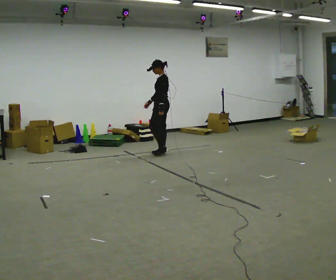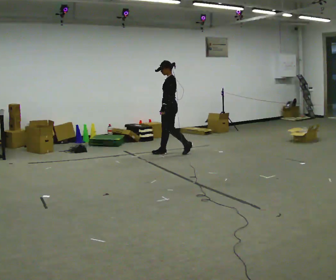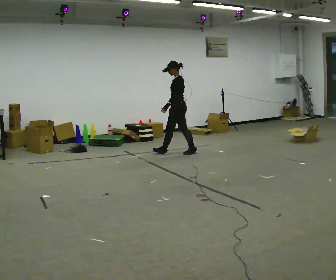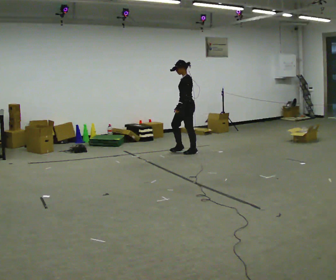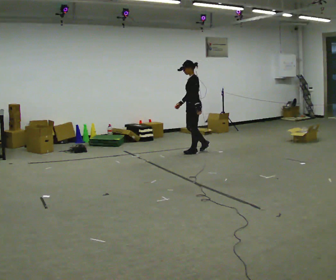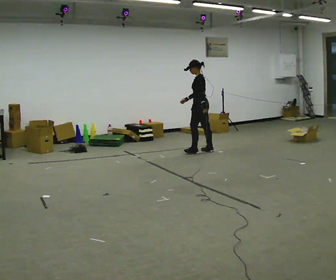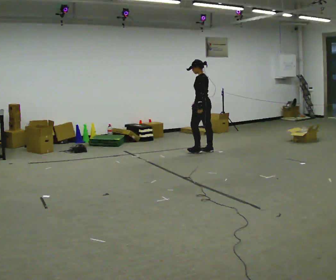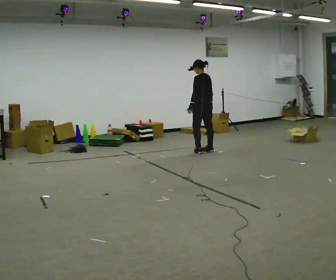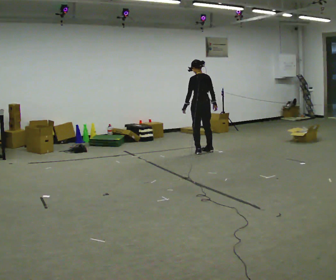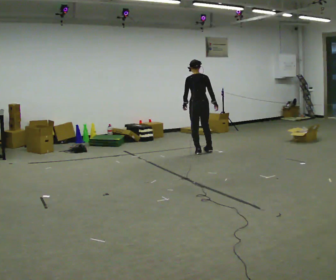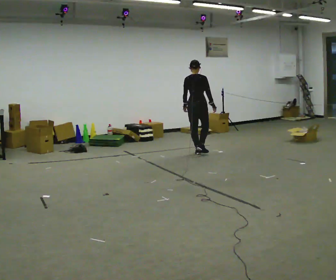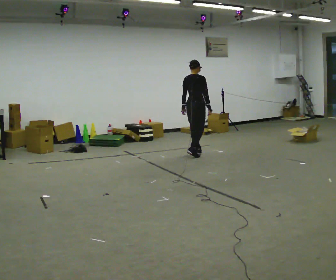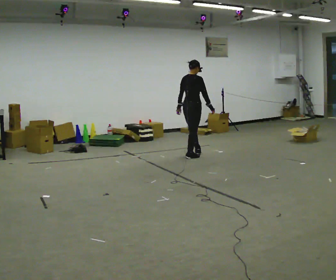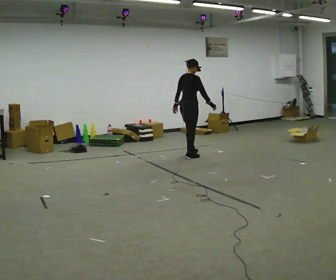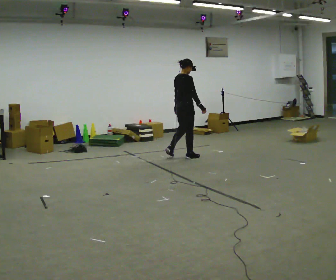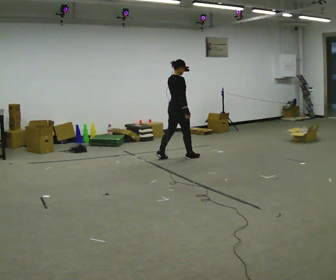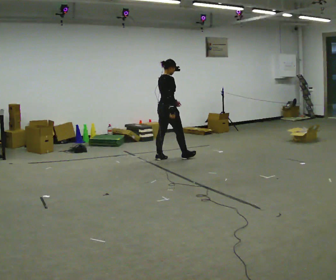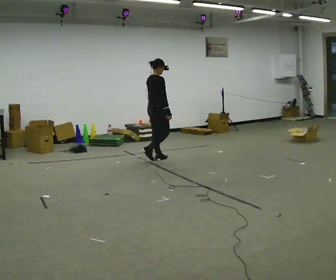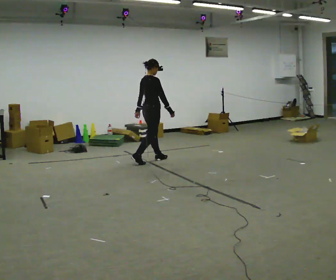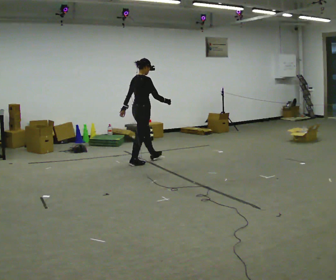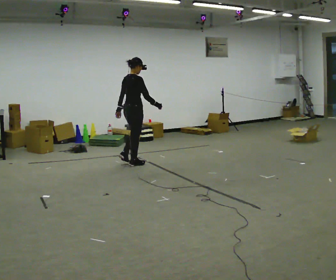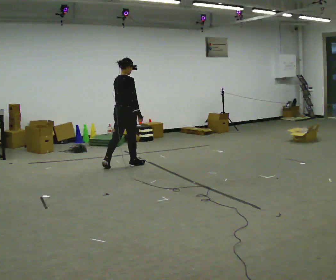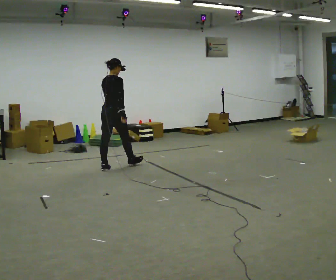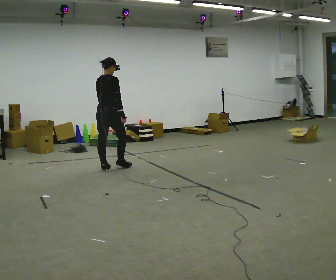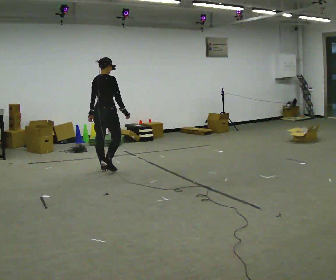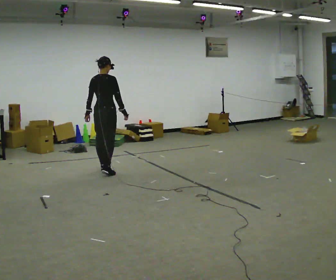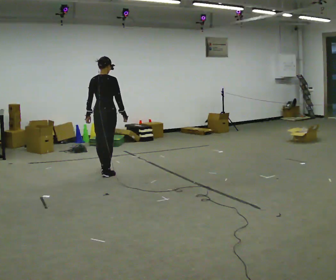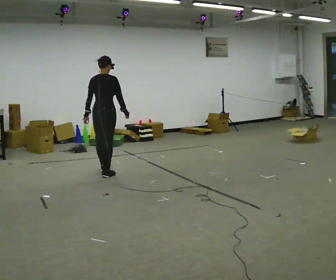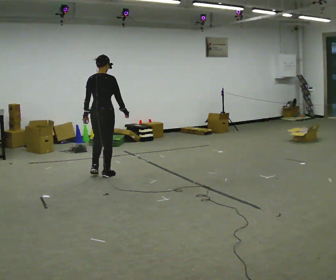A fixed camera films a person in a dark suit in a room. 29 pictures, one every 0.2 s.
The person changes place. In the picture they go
toward the camera.
0.0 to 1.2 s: The person turns about 30 degrees to their right, clockwise seen from above, so the part of the body nearest the lens slides to the left. In the picture they go to the right, about 0.75 m in 1 step, which for them is backward.
1.2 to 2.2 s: Seen from above the body turns clockwise, about 90 degrees: to their right, with its near side sliding to the left. In the picture they go toward the camera and to the left, about 0.25 m in 1 step.
2.2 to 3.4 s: The part of the body nearest the lens slides to the left as the person turns to their right by about 30 degrees. In the picture they go to the left and toward the camera, about 0.5 m in 2 steps, which for them is backward.
3.4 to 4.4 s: The part of the body nearest the lens slides to the right as the person turns to their left by about 30 degrees. In the picture they go to the left and toward the camera, about 1 m in 2 steps, which for them is backward.
4.4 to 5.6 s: In the picture they go toward the camera, about 0.5 m in 1 step, which for them is backward.
The film runs backward here.
